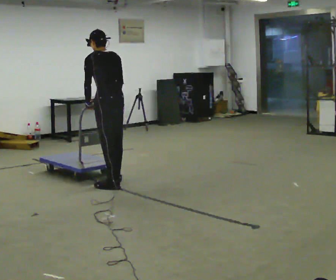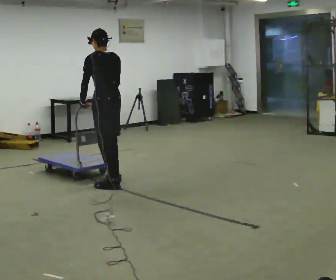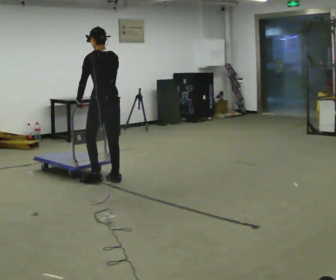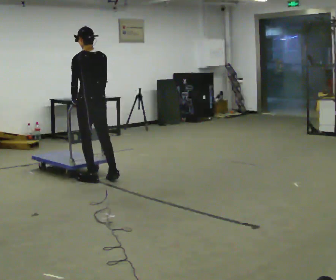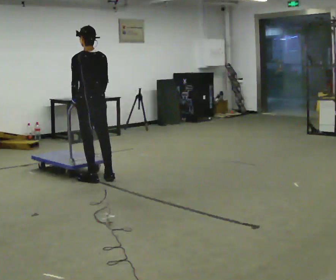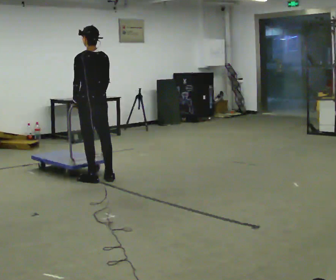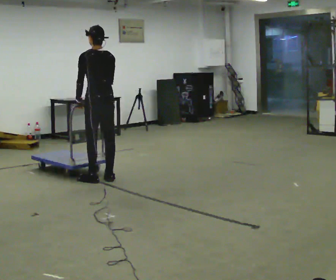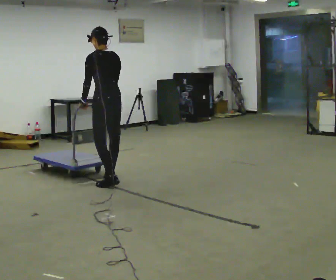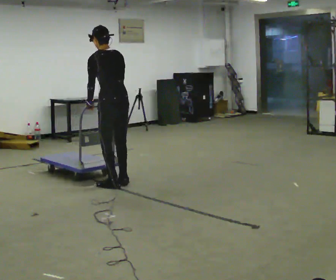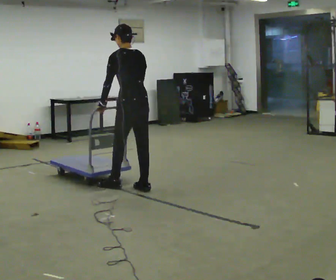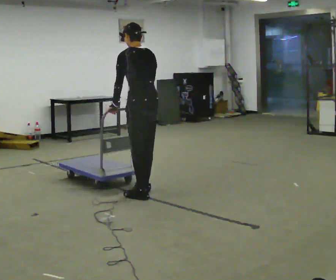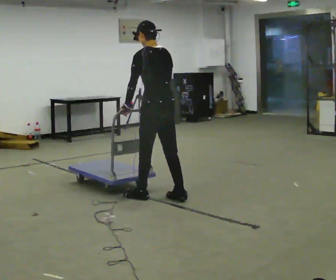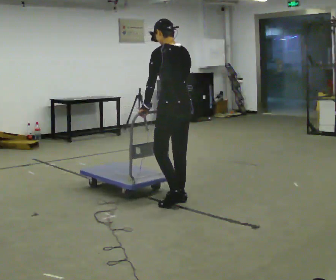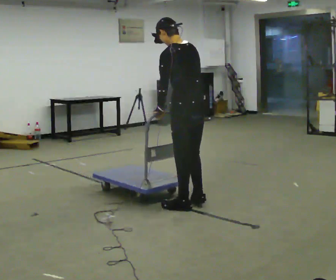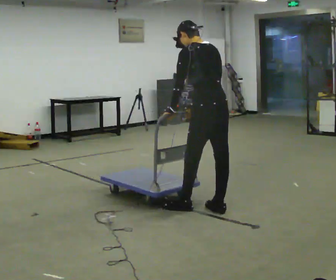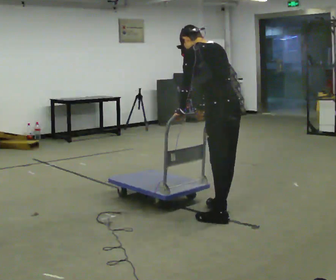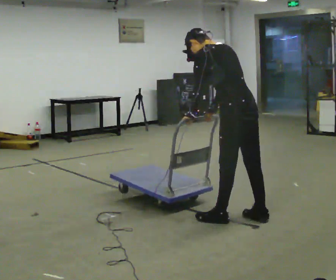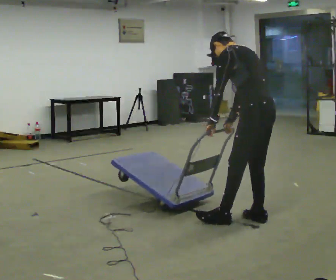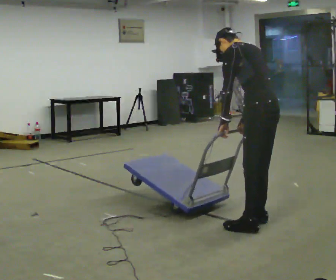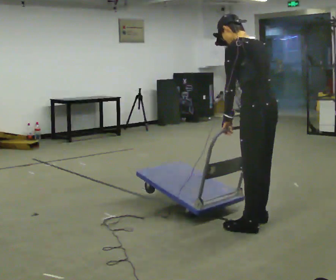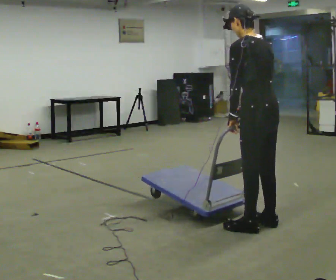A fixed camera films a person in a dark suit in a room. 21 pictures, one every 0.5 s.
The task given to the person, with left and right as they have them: Get the cart into the marked parking space and lined up with the tape. Take as many adjustments as you need. Then take it out again and repeat.
0.0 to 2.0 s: In the picture they go away from the camera and to the left, about 0.5 m in 1 step, which for them is forward. The upper body tips toward the camera, its near side rolling downward, as they lean back or straighten.
2.0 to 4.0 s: In the picture they go toward the camera and to the right, about 0.5 m in 1 step, which for them is backward.
4.0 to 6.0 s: In the picture they go to the right and toward the camera, about 1 m in 3 steps, which for them is backward.
6.0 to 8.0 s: In the picture they go toward the camera and to the right, about 1 m in 4 steps, which for them is backward. In the picture the upper body tilts counterclockwise, shoulders to the left, as they bend forward.
8.0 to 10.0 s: In the picture they go toward the camera, about 0.25 m in 1 step, which for them is backward. In the picture the upper body tilts clockwise, shoulders to the right, as they lean back or straighten.
The film runs forward here.
